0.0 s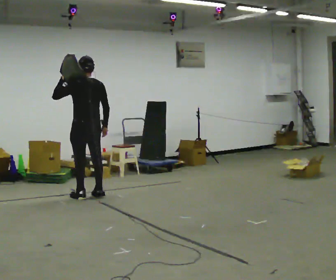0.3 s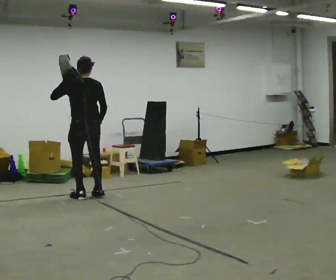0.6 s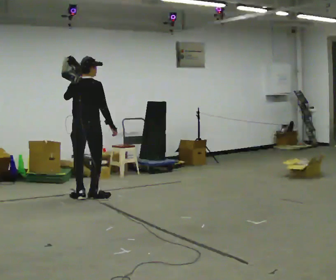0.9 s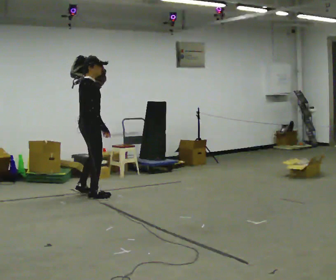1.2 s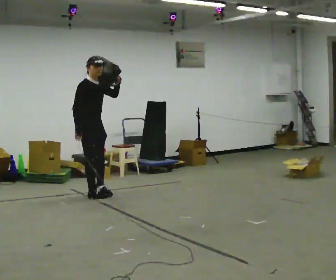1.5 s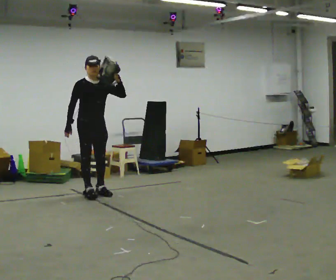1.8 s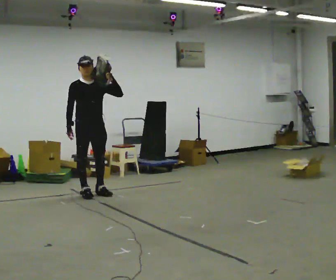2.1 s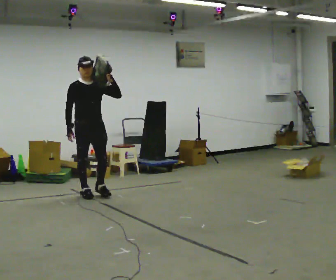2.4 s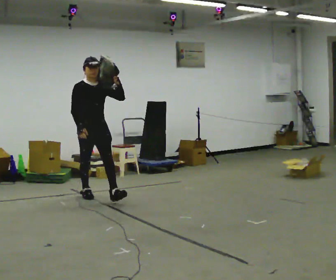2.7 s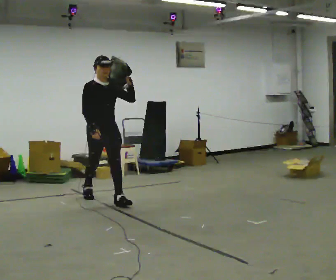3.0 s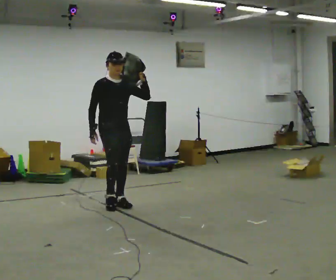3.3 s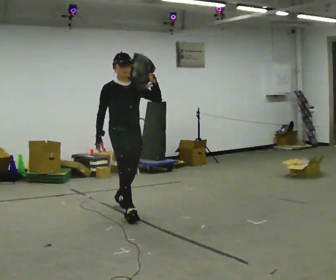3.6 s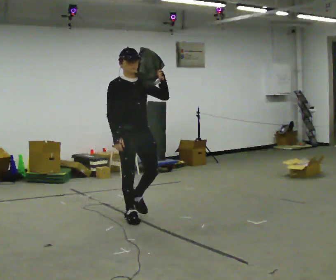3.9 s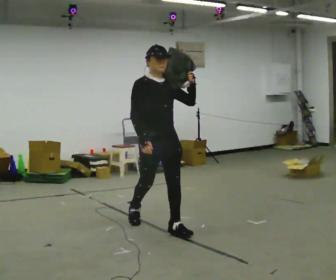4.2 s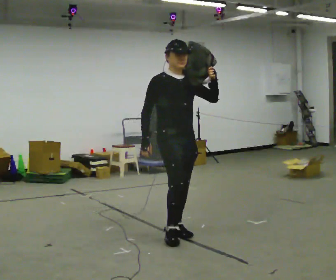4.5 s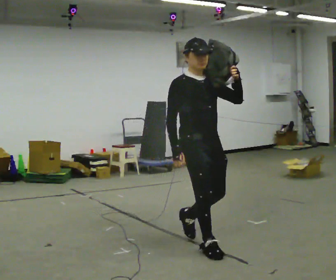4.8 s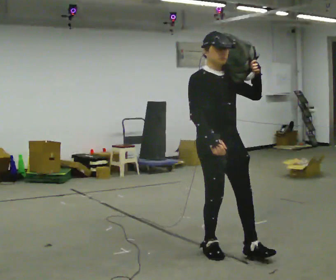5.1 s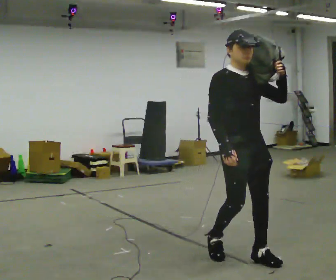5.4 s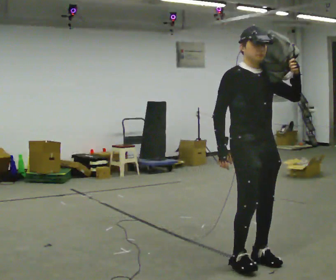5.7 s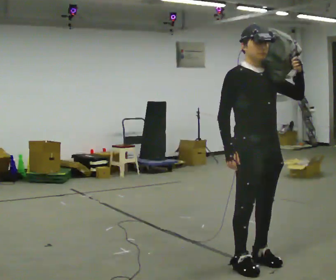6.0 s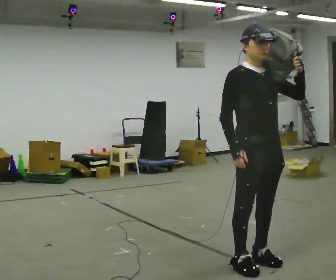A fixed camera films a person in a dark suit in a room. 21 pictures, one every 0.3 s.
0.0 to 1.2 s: The person turns about 150 degrees to their right, clockwise seen from above, so the part of the body nearest the lens slides to the left. In the picture their left hand goes to the right.
1.2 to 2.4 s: Seen from above the body turns clockwise, about 30 degrees: to their right, with its near side sliding to the left. In the picture they go toward the camera, about 0.25 m, which for them is forward.
2.4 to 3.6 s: In the picture they go toward the camera and to the right, about 1 m in 2 steps, which for them is forward.
3.6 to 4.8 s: In the picture they go toward the camera and to the right, about 1.5 m in 2 steps, which for them is forward.
4.8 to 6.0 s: In the picture they go toward the camera and to the right, about 0.5 m in 2 steps, which for them is forward.
The film runs forward here.
